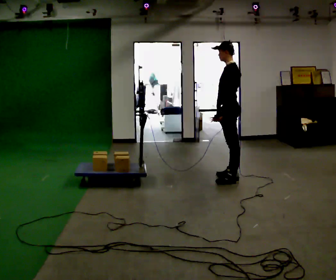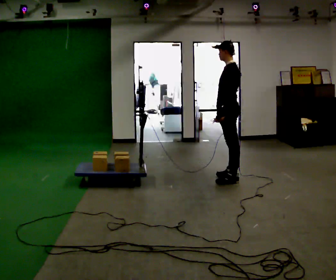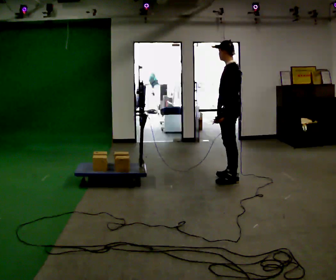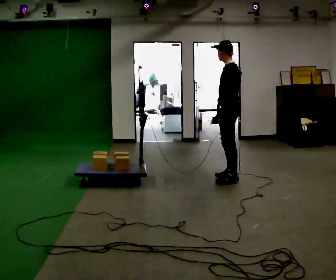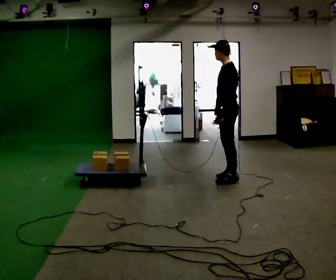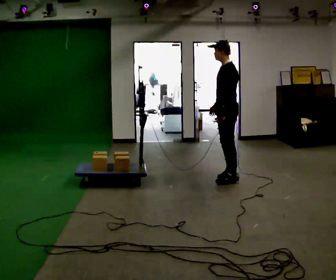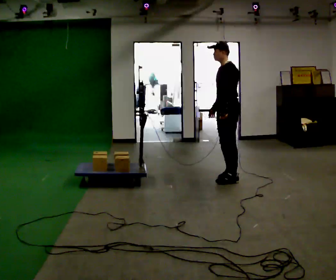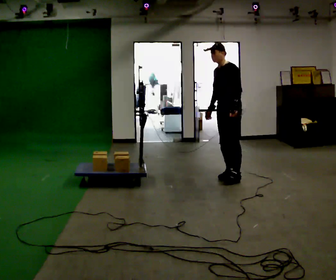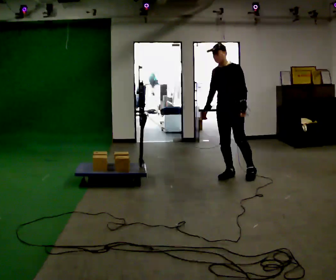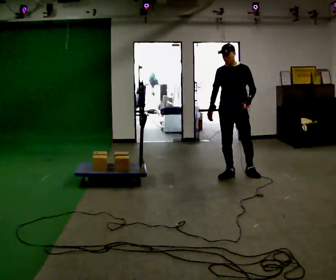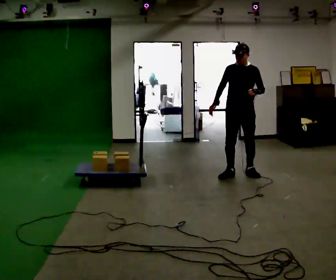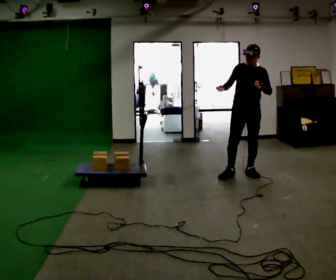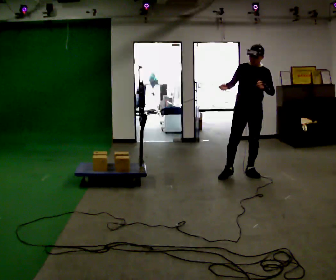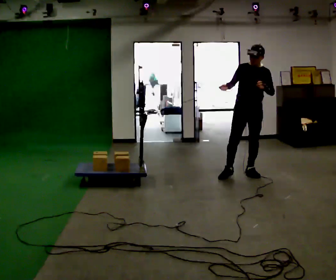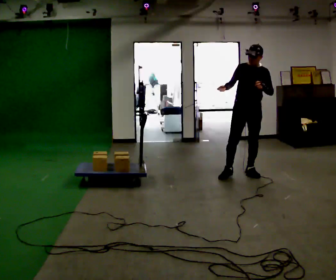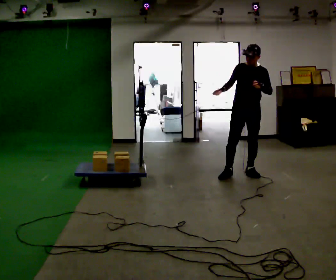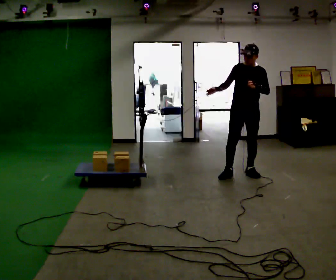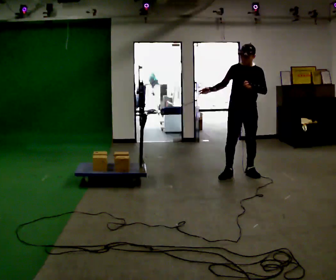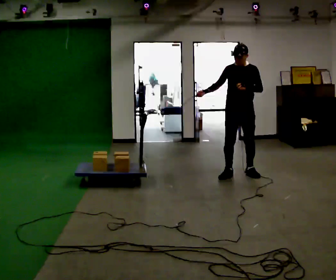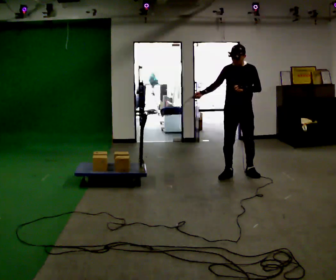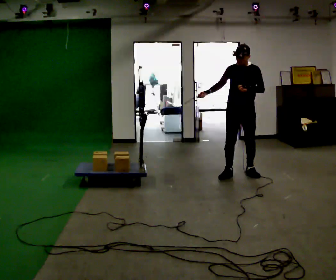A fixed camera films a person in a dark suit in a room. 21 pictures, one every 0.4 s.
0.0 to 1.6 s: The person moves a little, or ends about where they began.
1.6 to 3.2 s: Seen from above the body turns counterclockwise, about 60 degrees: to their left, with its near side sliding to the right. In the picture they go away from the camera, about 0.25 m in 1 step, which for them is to their right.
3.2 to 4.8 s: Seen from above the body turns counterclockwise, about 45 degrees: to their left, with its near side sliding to the right. In the picture they go to the right, about 0.25 m, which for them is to their left. In the picture the upper body tilts clockwise, shoulders to the right.
4.8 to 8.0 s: The person moves a little, or ends about where they began.
The film runs backward here.
